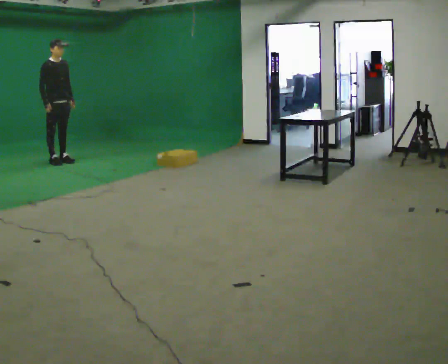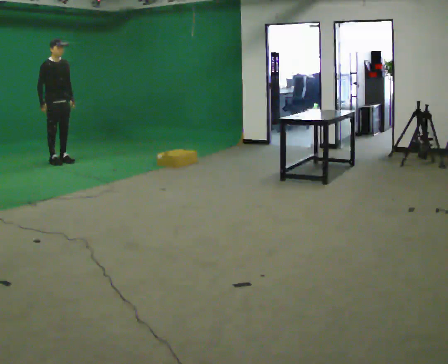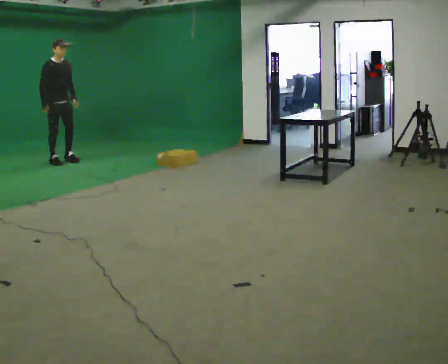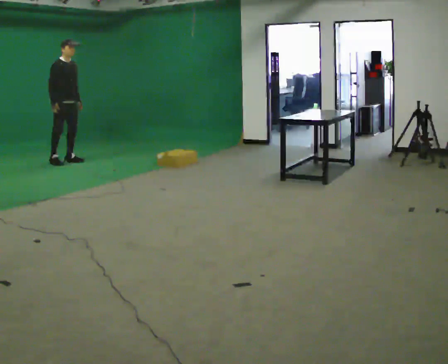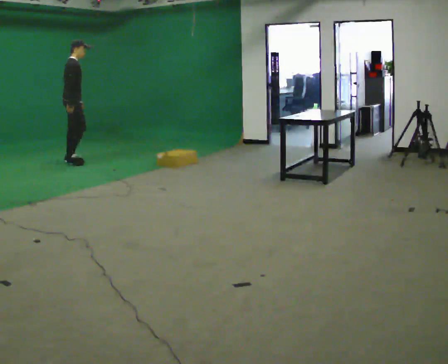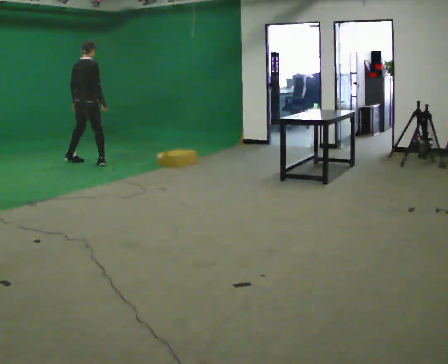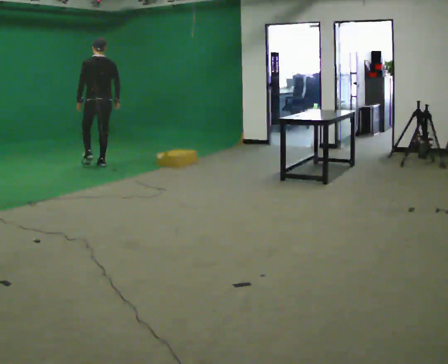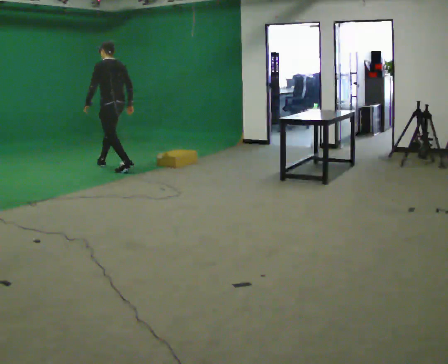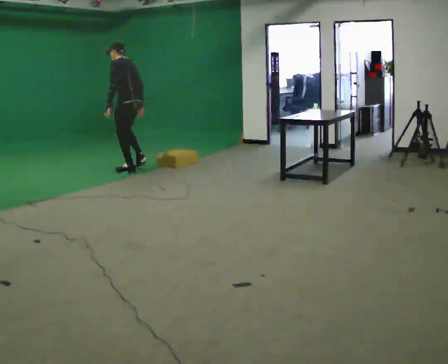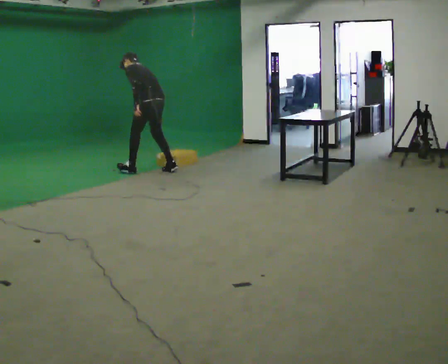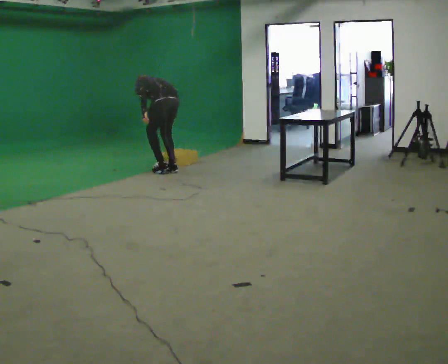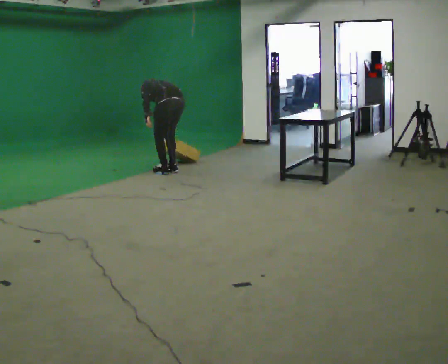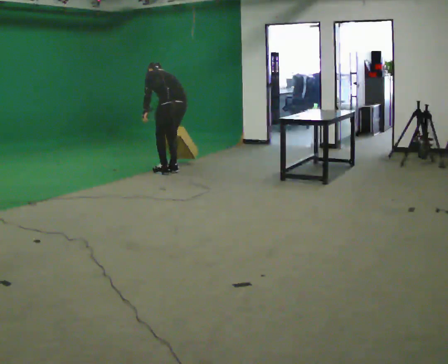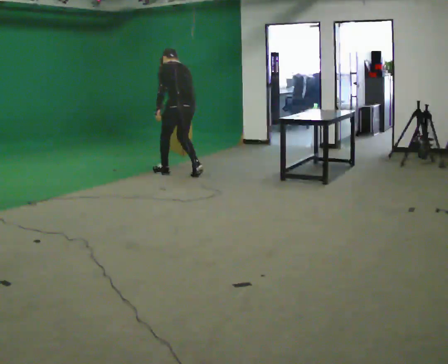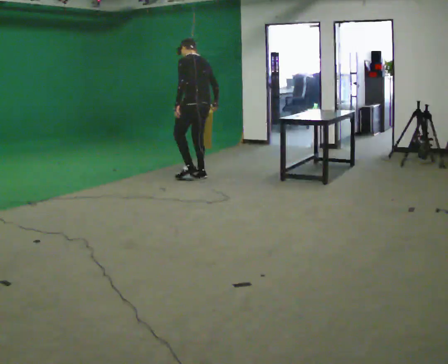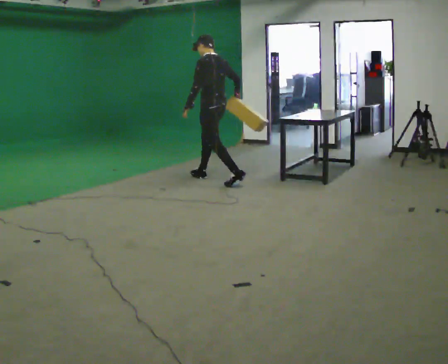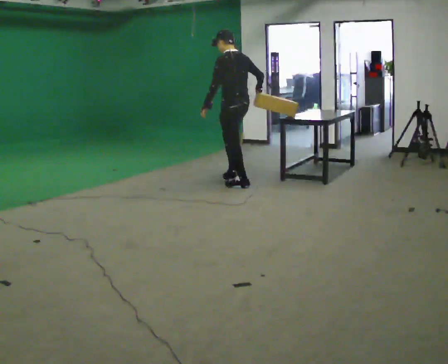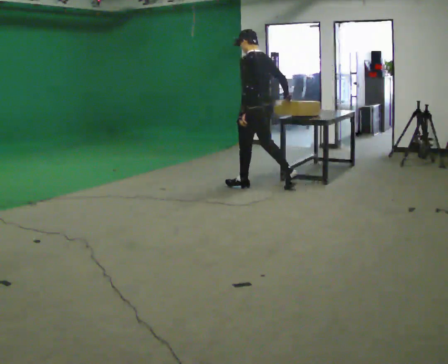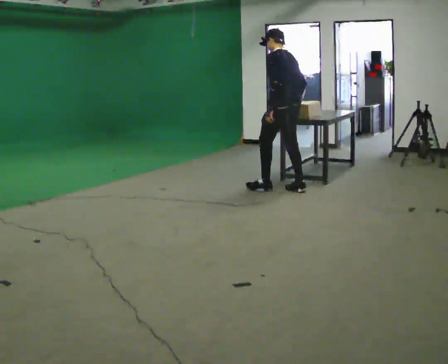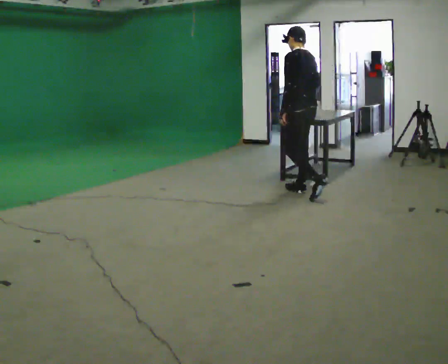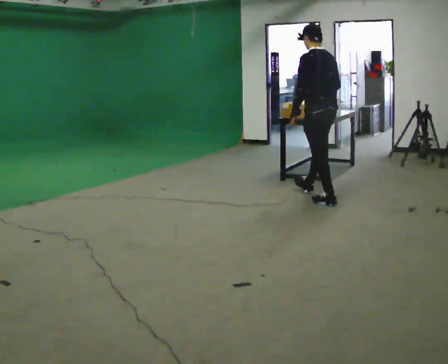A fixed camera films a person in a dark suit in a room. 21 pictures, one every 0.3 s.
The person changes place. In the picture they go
to the right.
0.0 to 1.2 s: The person turns about 45 degrees to their left, counterclockwise seen from above, so the part of the body nearest the lens slides to the right. In the picture they go to the right, about 0.25 m in 1 step, which for them is to their left and forward.
1.2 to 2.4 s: Seen from above the body turns counterclockwise, about 150 degrees: to their left, with its near side sliding to the right. In the picture they go to the right and toward the camera, about 1 m in 2 steps. In the picture the upper body tilts counterclockwise, shoulders to the left, as they bend forward.
2.4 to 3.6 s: In the picture they go to the right and toward the camera, about 0.75 m in 1 step, which for them is backward.
3.6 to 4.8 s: In the picture they go to the right and toward the camera, about 1 m in 3 steps, which for them is backward. The shoulders move upward. The upper body tips toward the camera, its near side rolling downward, as they lean back or straighten.
4.8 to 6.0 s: In the picture they go toward the camera and to the right, about 1 m in 2 steps, which for them is backward.
The film runs backward here.
